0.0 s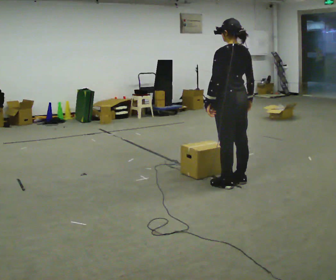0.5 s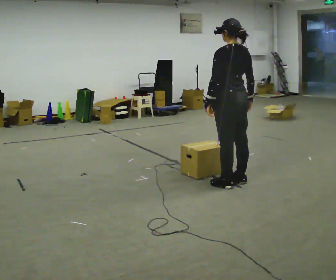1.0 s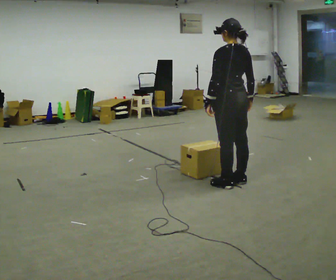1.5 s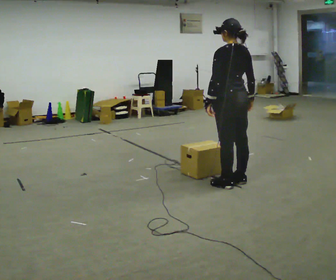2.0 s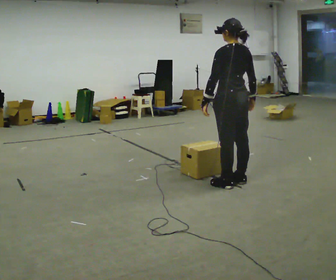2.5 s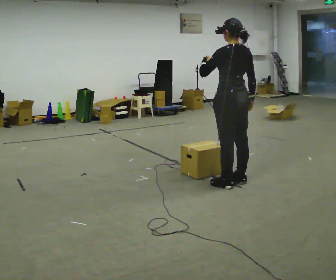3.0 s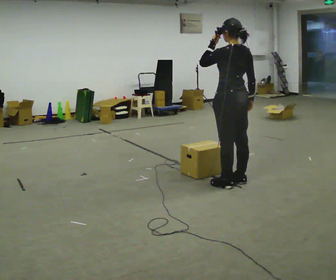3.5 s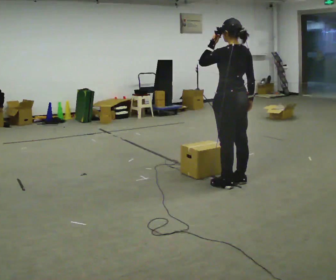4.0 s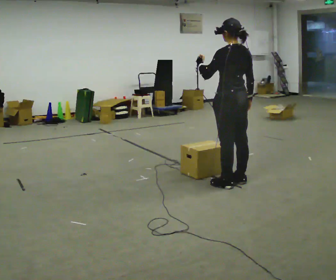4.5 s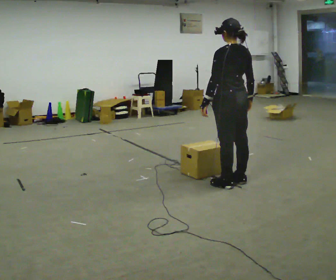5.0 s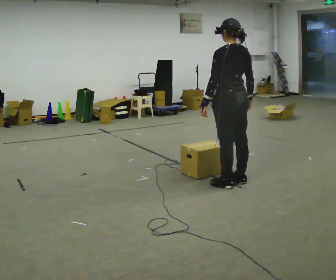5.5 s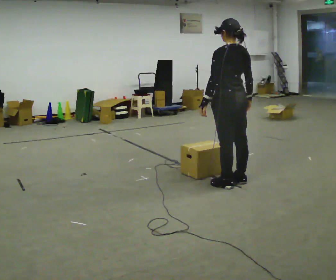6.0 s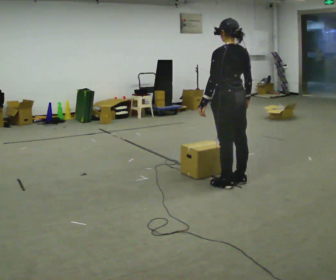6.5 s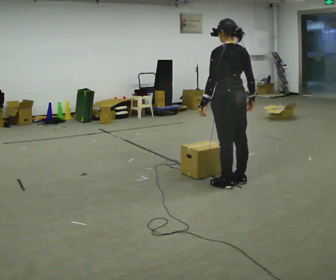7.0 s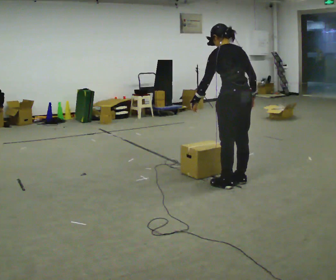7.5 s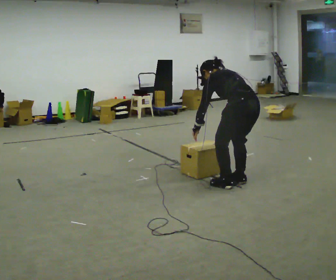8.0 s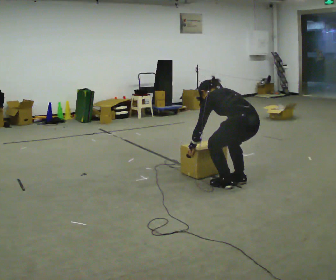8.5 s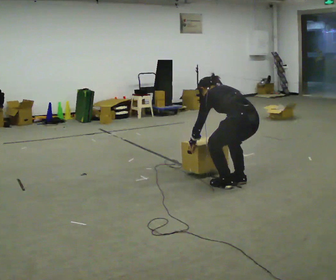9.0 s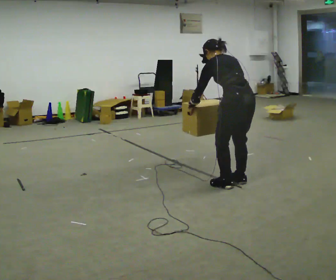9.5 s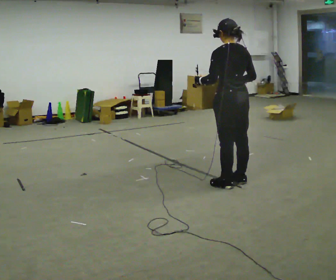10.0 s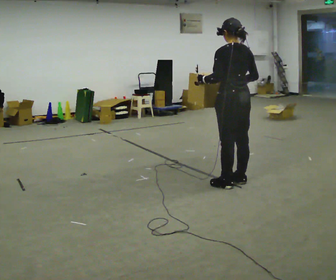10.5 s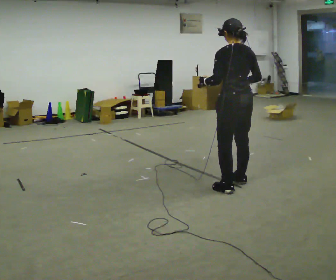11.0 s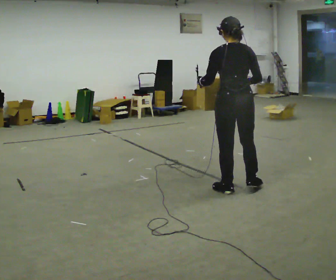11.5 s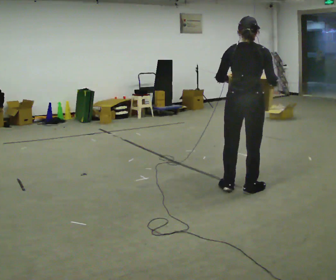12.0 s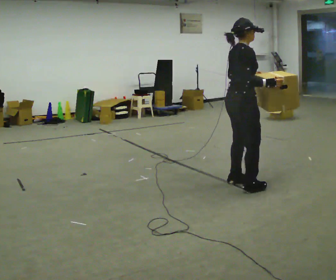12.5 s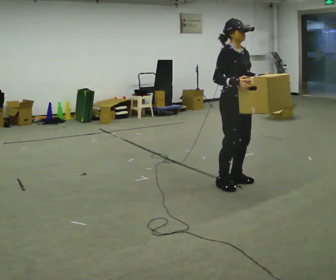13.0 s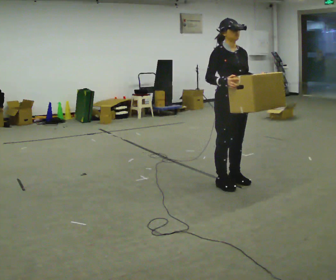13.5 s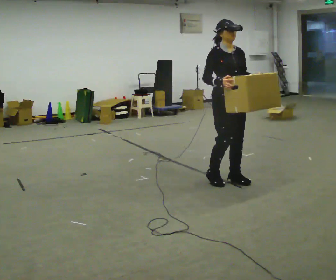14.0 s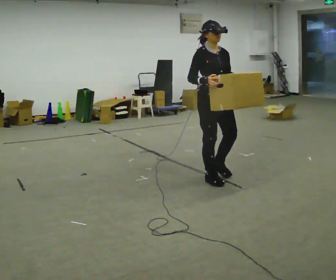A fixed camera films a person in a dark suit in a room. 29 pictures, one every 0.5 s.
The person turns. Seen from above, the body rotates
clockwise.
The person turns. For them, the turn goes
to their right.
0.0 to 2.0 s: The person keeps their place and pose.
2.0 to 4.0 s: In the picture their left hand goes upward.
4.0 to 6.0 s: In the picture their left hand goes downward, the arm swinging counterclockwise.
6.0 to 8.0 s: The shoulders move downward. In the picture the upper body tilts counterclockwise, shoulders to the left, as they bend forward. In the picture their left hand goes downward.
8.0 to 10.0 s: The upper body goes upward. In the picture the upper body tilts clockwise, shoulders to the right, as they lean back or straighten. In the picture their left hand goes upward.
10.0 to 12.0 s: Seen from above the body turns clockwise, about 105 degrees: to their right, with its near side sliding to the left. In the picture their left hand goes to the right.
12.0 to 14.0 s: The part of the body nearest the lens slides to the left as the person turns to their right by about 75 degrees. In the picture they go to the left and away from the camera, about 0.25 m in 3 steps.
The film runs backward here.
